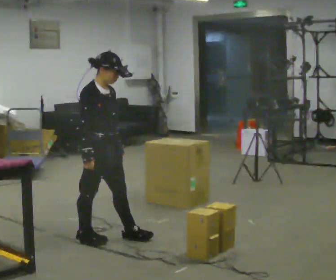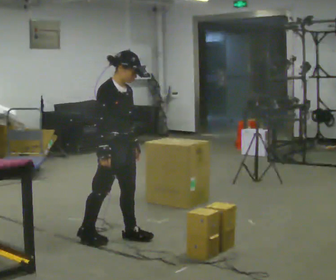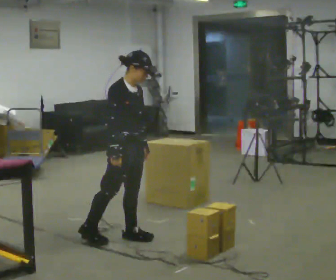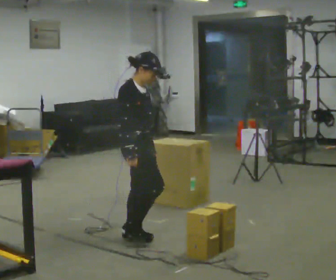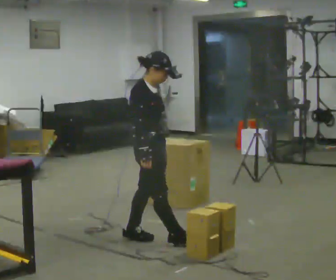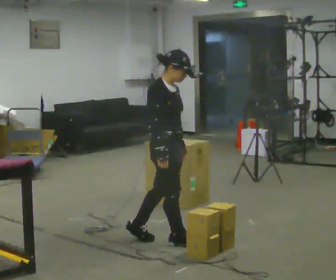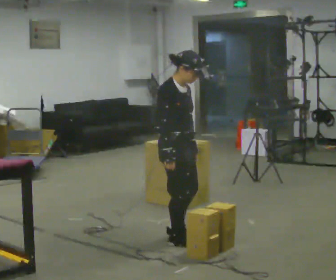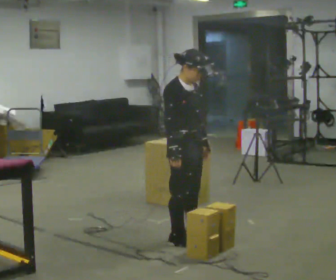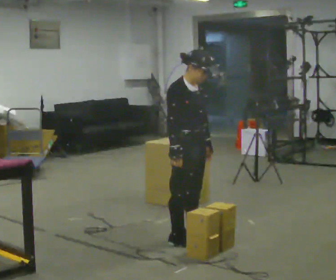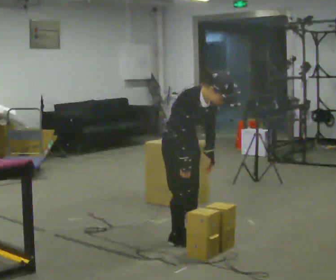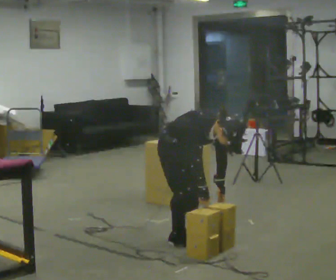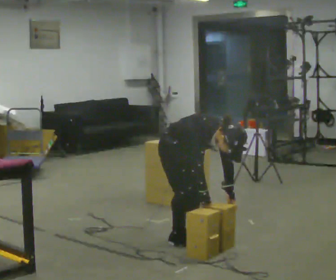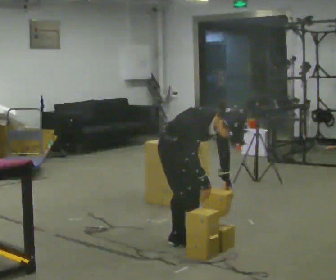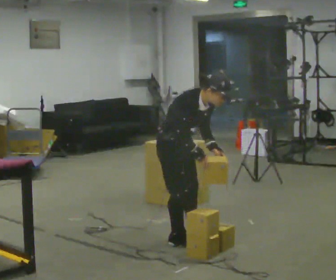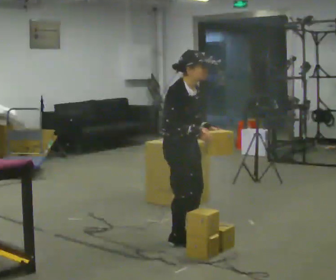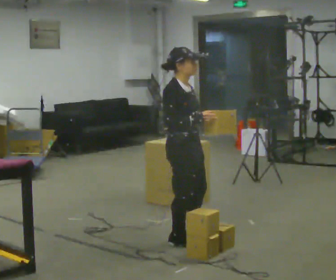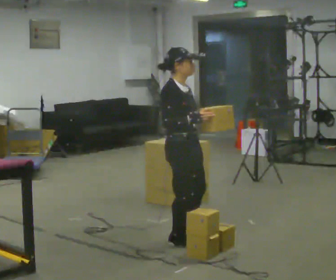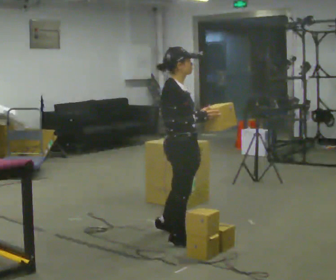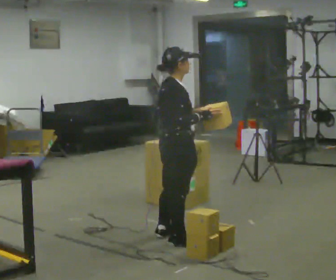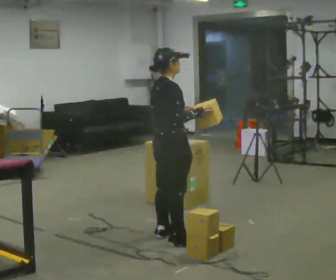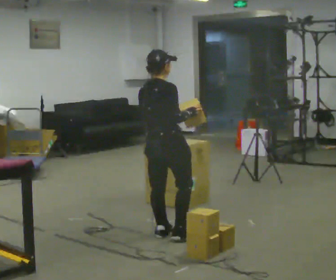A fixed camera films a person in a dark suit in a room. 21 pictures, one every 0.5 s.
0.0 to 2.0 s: In the picture they go to the right, about 0.25 m in 1 step, which for them is forward and to their left.
2.0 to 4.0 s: In the picture they go to the right, about 0.25 m in 1 step, which for them is forward.
4.0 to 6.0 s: The person moves a little, or ends about where they began.
6.0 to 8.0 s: In the picture they go toward the camera, about 0.25 m, which for them is to their right. The upper body goes upward. In the picture the upper body tilts counterclockwise, shoulders to the left, as they lean back or straighten. In the picture their right hand goes upward.
8.0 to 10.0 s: Seen from above the body turns counterclockwise, about 60 degrees: to their left, with its near side sliding to the right. In the picture they go away from the camera, about 0.25 m in 1 step.
The film runs forward here.
